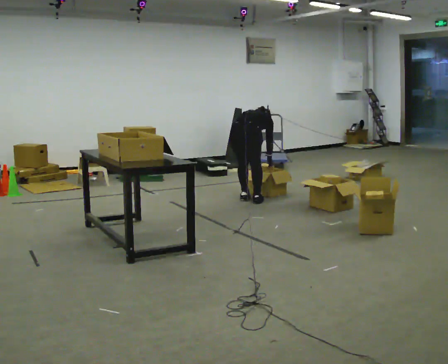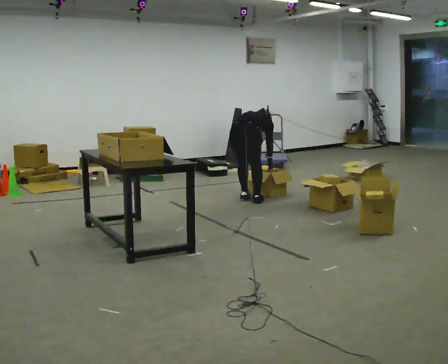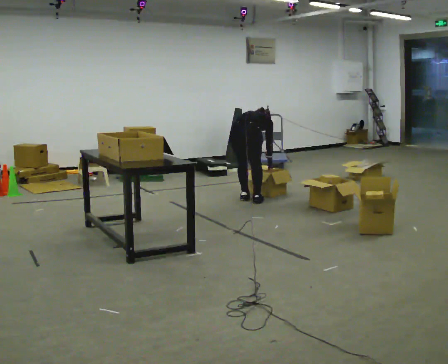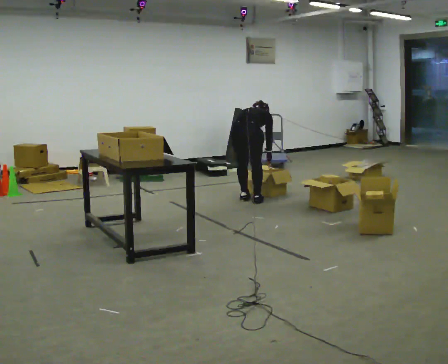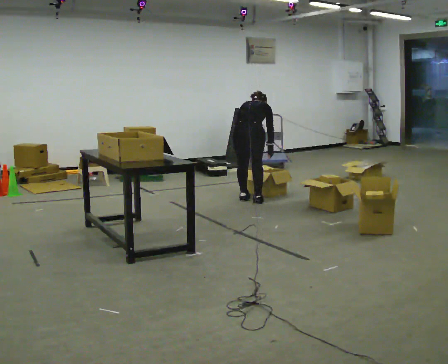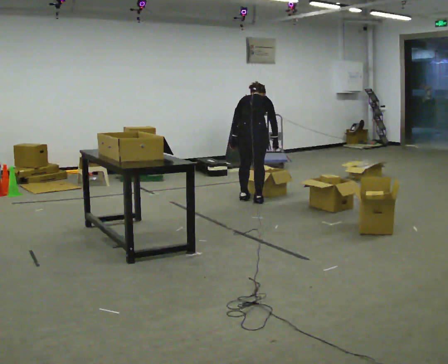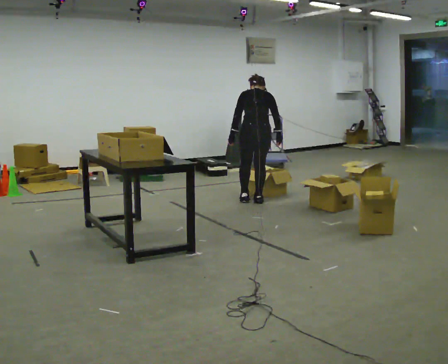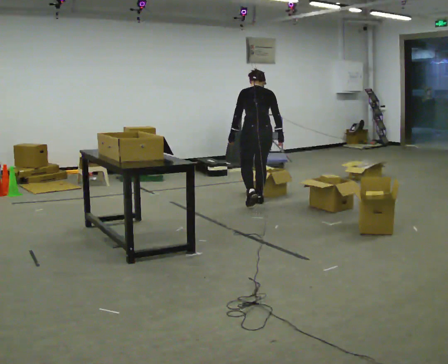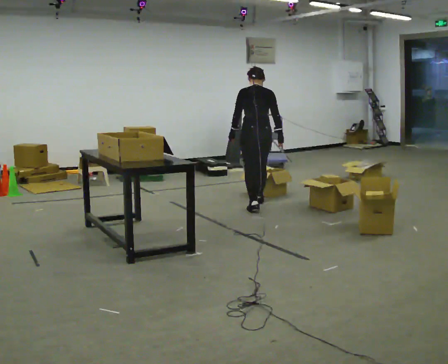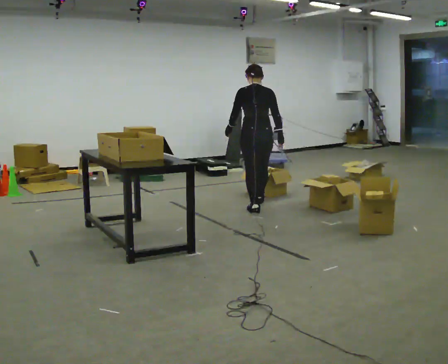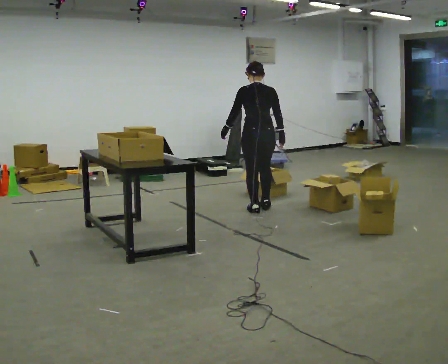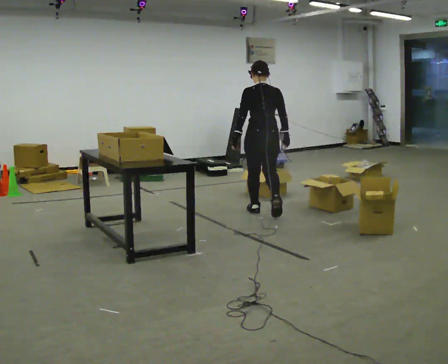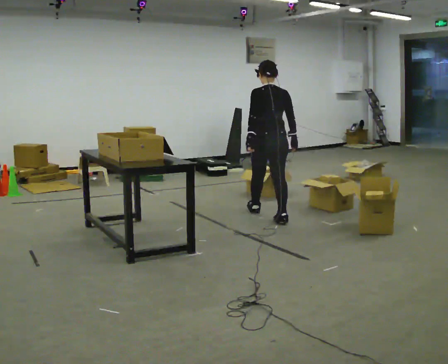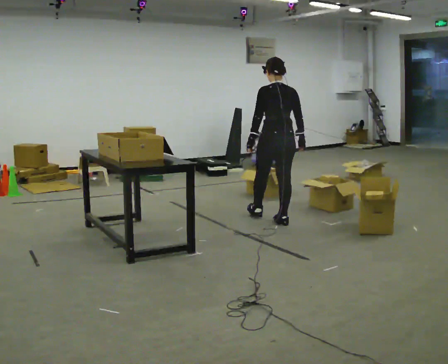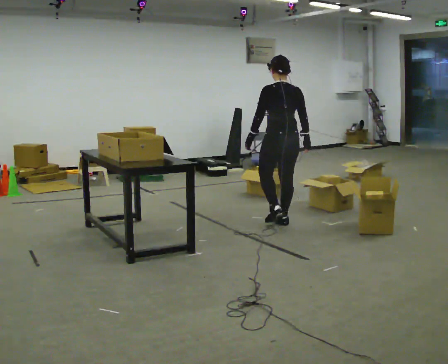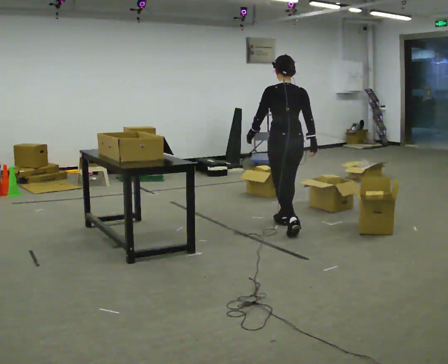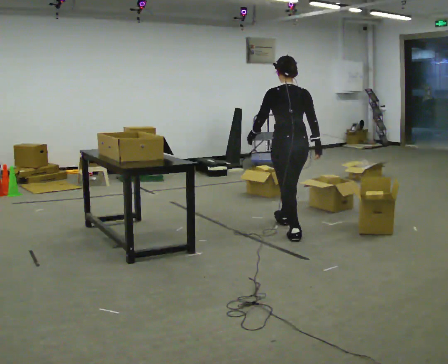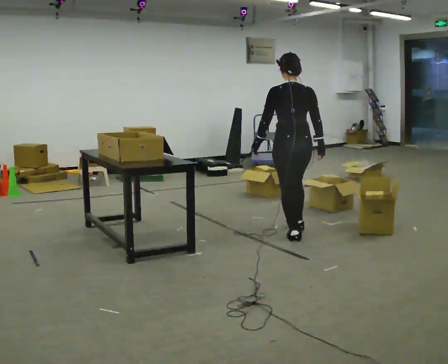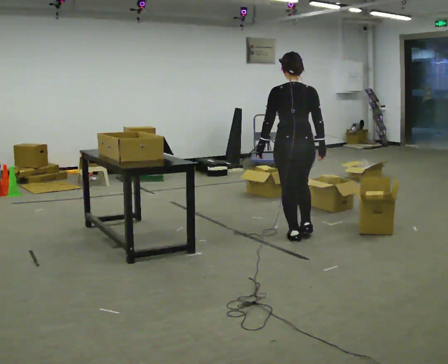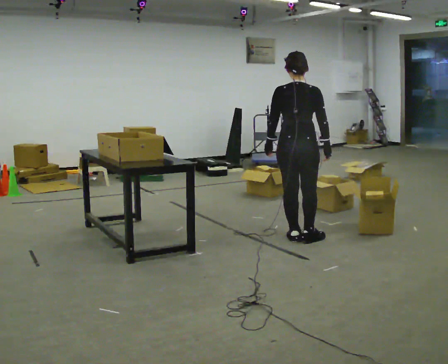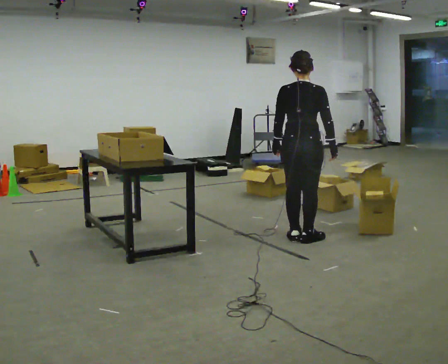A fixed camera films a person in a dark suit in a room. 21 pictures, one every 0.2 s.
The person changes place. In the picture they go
toward the camera.
The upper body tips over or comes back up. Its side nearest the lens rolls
downward.
0.0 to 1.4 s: The person turns about 30 degrees to their left, counterclockwise seen from above, so the part of the body nearest the lens slides to the right. The upper body goes upward. The upper body tips toward the camera, its near side rolling downward, as they lean back or straighten. In the picture their left hand goes upward.
1.4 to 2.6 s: In the picture they go toward the camera, about 0.5 m in 2 steps, which for them is backward.
2.6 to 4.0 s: The person turns about 30 degrees to their right, clockwise seen from above, so the part of the body nearest the lens slides to the left. In the picture they go toward the camera, about 0.5 m in 1 step, which for them is backward.
The film runs backward here.
